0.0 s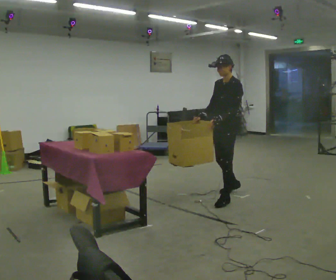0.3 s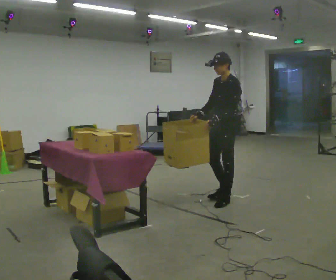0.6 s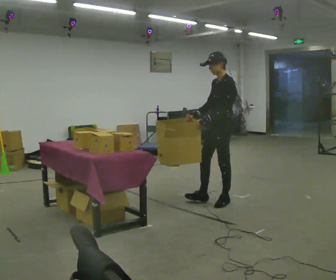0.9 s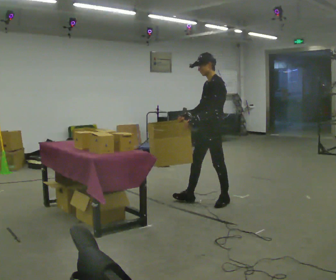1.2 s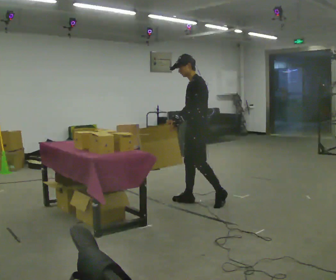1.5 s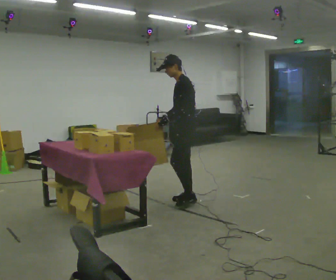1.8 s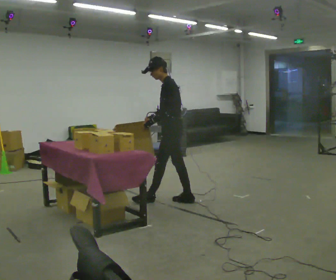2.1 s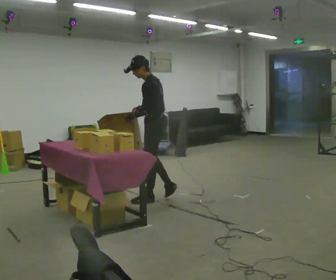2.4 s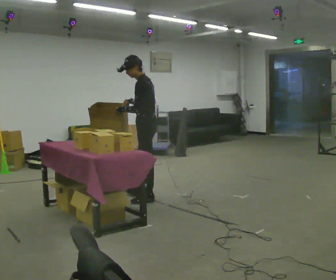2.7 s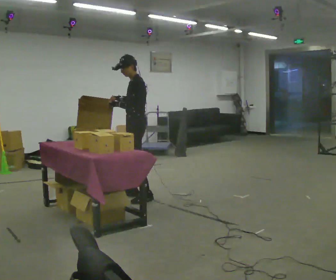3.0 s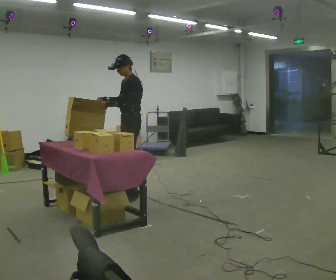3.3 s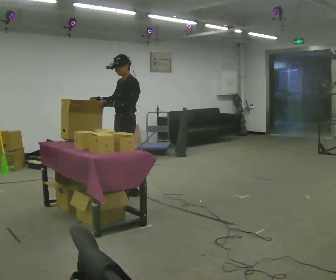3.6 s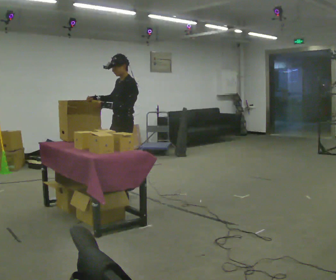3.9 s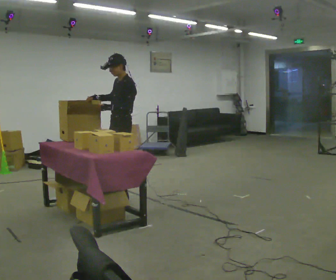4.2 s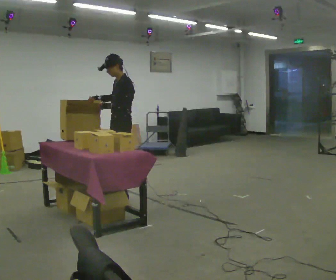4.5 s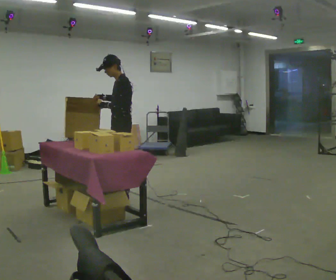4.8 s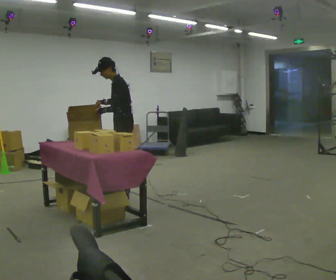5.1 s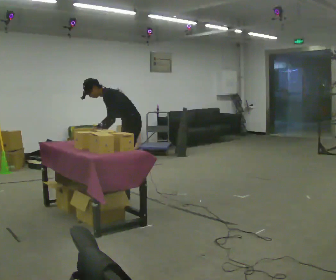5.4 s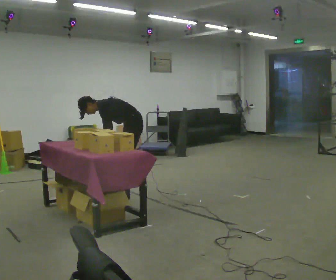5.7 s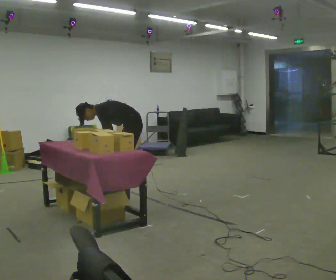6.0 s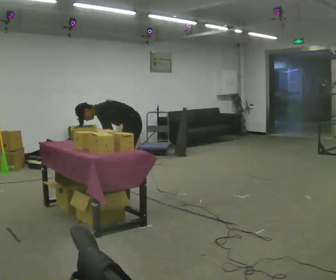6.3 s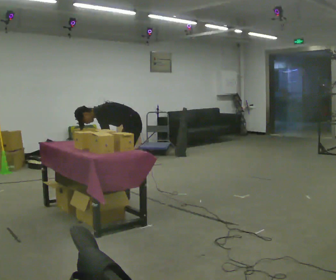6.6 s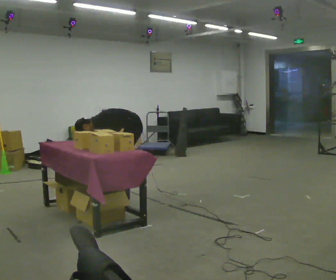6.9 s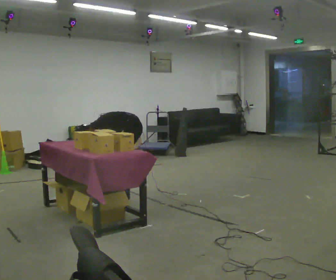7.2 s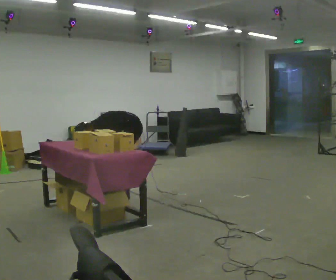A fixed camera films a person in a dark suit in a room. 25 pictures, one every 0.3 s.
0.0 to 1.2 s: In the picture they go to the left, about 0.5 m in 1 step, which for them is forward.
1.2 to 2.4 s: In the picture they go to the left and away from the camera, about 0.5 m in 1 step, which for them is forward.
2.4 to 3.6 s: The person turns about 30 degrees to their left, counterclockwise seen from above, so the part of the body nearest the lens slides to the right. In the picture they go to the left, about 0.25 m in 2 steps, which for them is forward and to their right.
3.6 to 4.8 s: In the picture the upper body tilts counterclockwise, shoulders to the left, as they bend forward.
4.8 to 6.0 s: The upper body goes downward. In the picture the upper body tilts counterclockwise, shoulders to the left, as they bend forward. In the picture their right hand goes downward.
6.0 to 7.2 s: The upper body goes downward. In the picture the upper body tilts counterclockwise, shoulders to the left, as they bend forward.
The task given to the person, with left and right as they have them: 1. Take everything out of the crates by the door. 2. Put the small items on the middle shelf. 3. Put the large items on the bottom shelf. 4. Stack the empty crates by the door. 5. Tell the operator when you are finished.
The film runs forward here.
